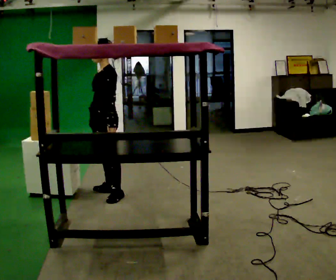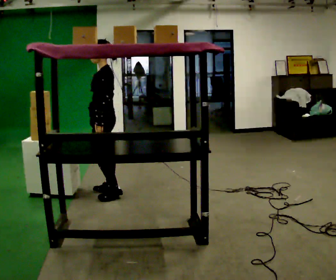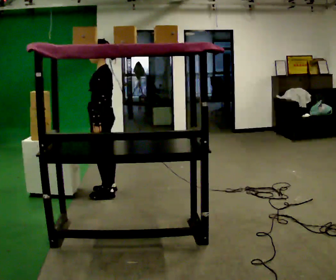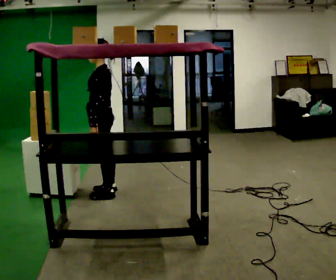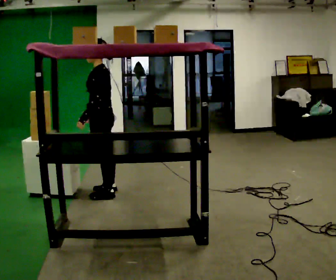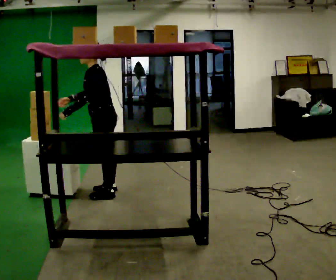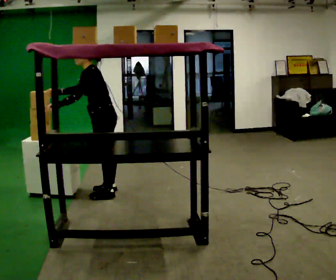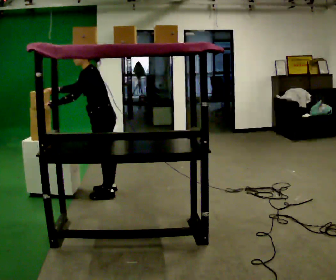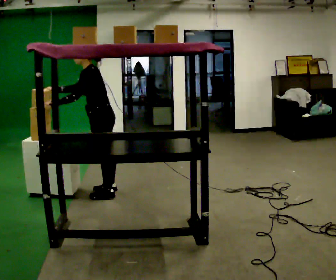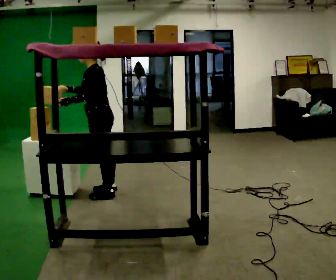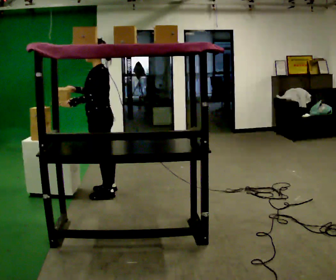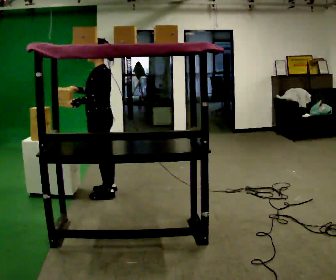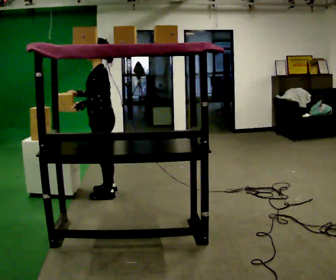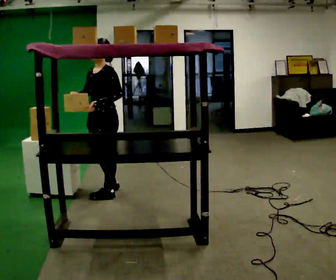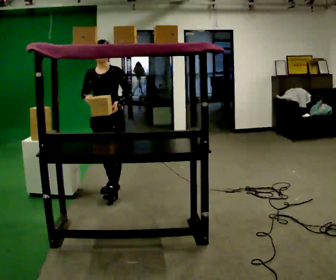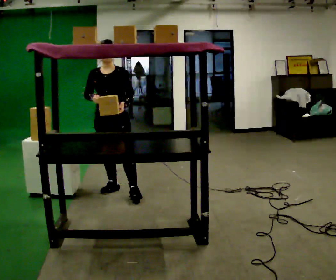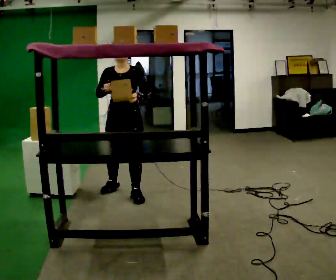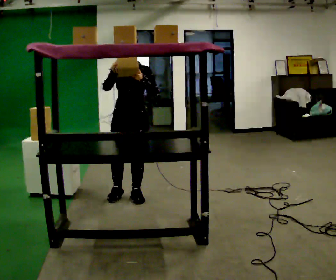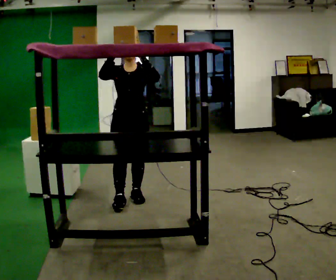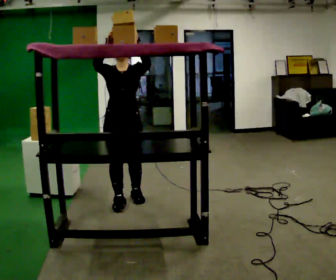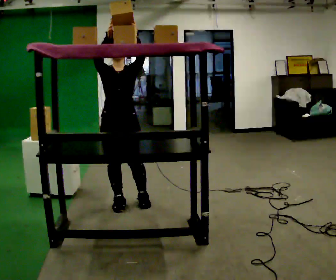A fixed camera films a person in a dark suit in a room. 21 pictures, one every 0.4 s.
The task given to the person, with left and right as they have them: Take an object from the waist-height shelf and place it on the highest shelf you can comfortably reach. Repeat at your own pace until the operator says stop. Keep both feet on the marked spots for the whole take. If you have to step, stop and tell the operator.
0.0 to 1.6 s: The person moves a little, or ends about where they began.
1.6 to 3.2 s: In the picture the upper body tilts counterclockwise, shoulders to the left, as they bend forward. In the picture their right hand goes to the left, the arm swinging clockwise.
3.2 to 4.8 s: The person moves a little, or ends about where they began.
4.8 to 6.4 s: Seen from above the body turns counterclockwise, about 75 degrees: to their left, with its near side sliding to the right. In the picture they go to the right, about 0.25 m in 1 step.
6.4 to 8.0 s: In the picture they go toward the camera, about 0.25 m in 1 step, which for them is forward. In the picture their left hand goes upward.
The film runs forward here.
